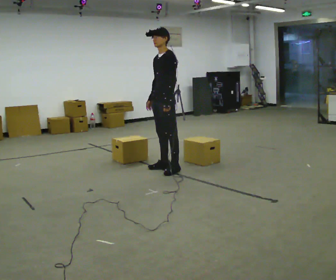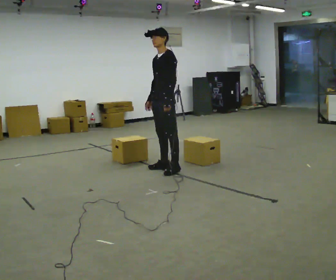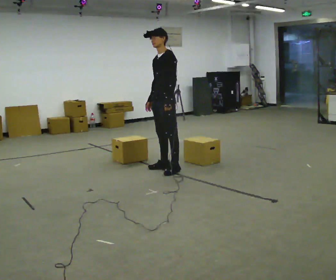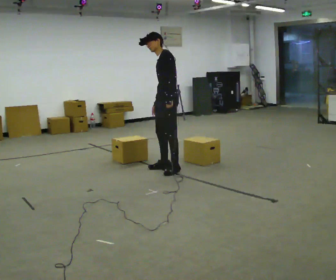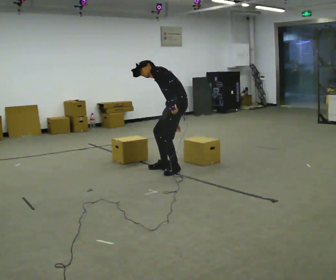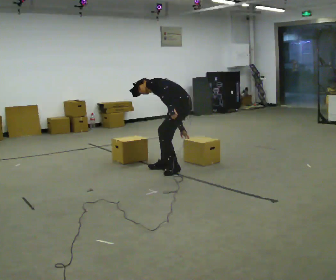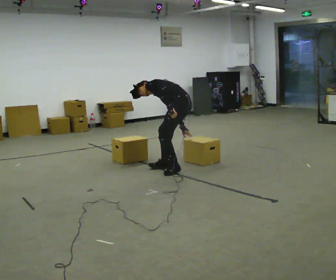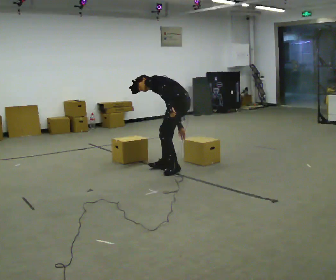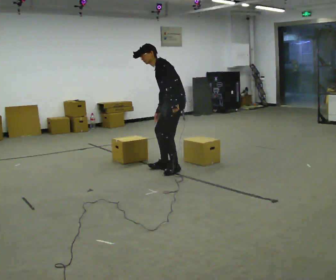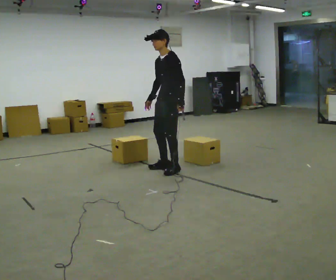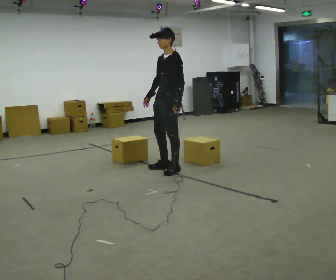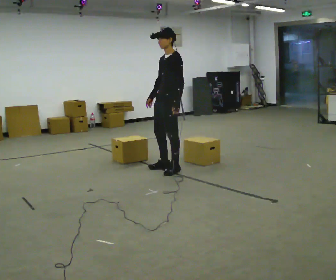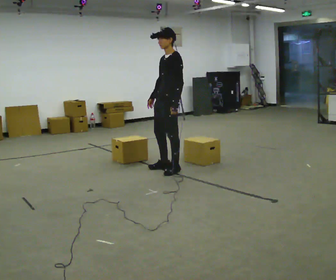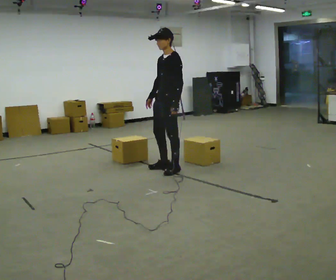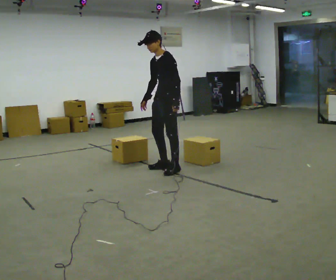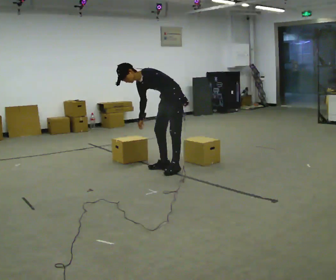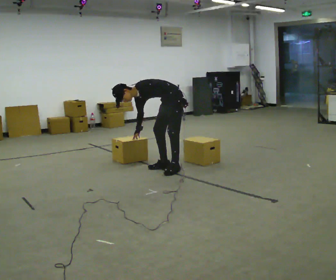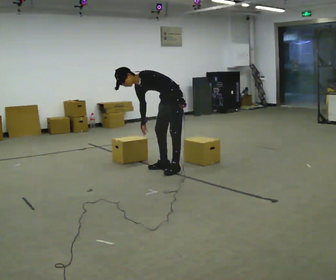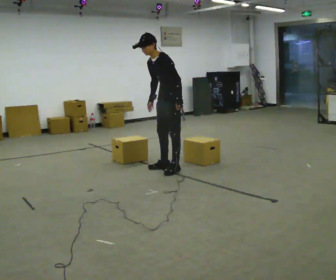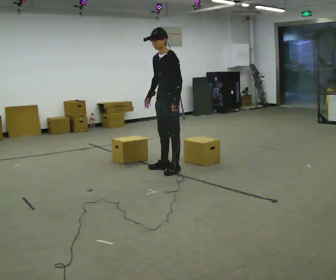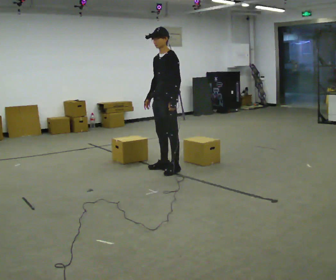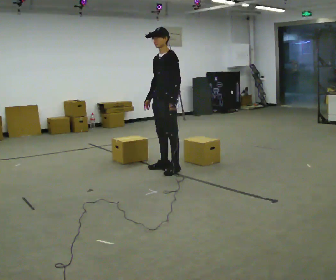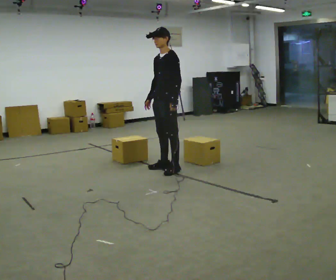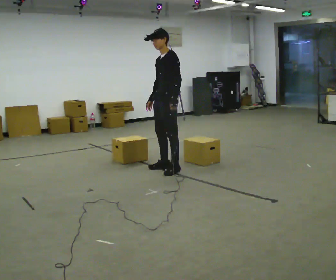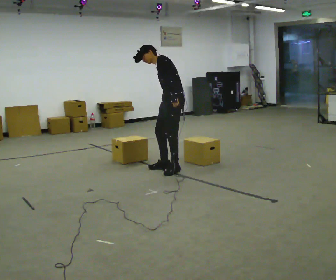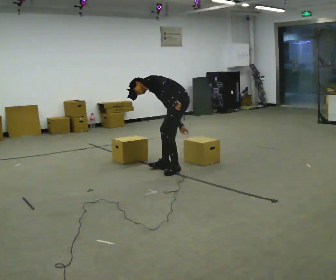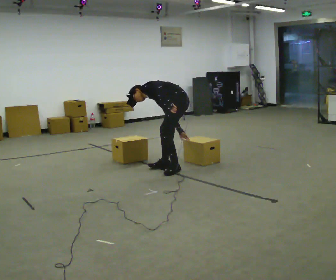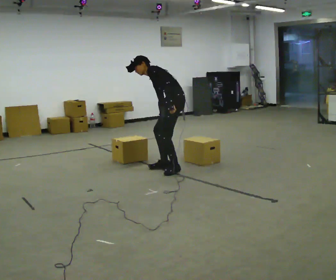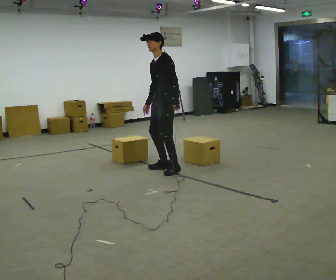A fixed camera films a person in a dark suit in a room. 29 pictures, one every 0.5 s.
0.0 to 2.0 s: Seen from above the body turns clockwise, about 30 degrees: to their right, with its near side sliding to the left. In the picture they go to the right, about 0.25 m, which for them is to their left. The shoulders move downward. In the picture the upper body tilts counterclockwise, shoulders to the left, as they bend forward. In the picture their right hand goes to the right and downward.
2.0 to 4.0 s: The person moves a little, or ends about where they began.
4.0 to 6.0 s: In the picture the upper body tilts clockwise, shoulders to the right, as they lean back or straighten.
6.0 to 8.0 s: In the picture they go away from the camera, about 0.25 m, which for them is to their right and backward. The upper body goes downward. In the picture the upper body tilts counterclockwise, shoulders to the left, as they bend forward.
8.0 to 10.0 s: The shoulders move upward. In the picture the upper body tilts clockwise, shoulders to the right, as they lean back or straighten.
10.0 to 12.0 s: In the picture the upper body tilts counterclockwise, shoulders to the left, as they bend forward.
12.0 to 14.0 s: The person moves a little, or ends about where they began.
The film runs forward here.
